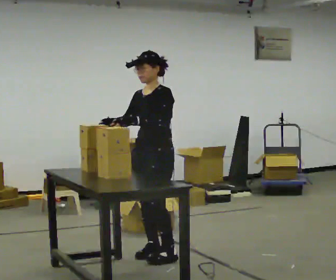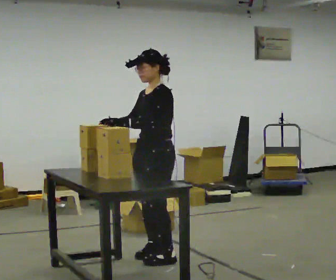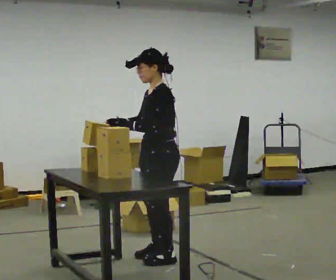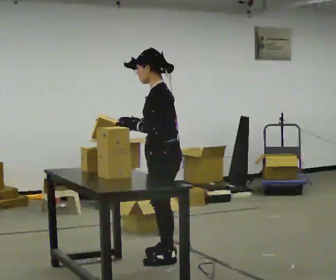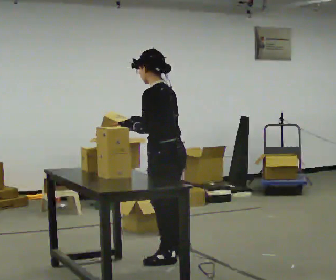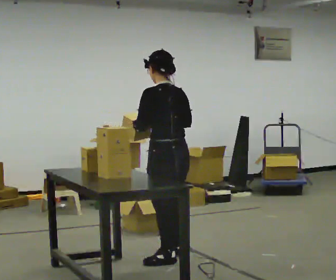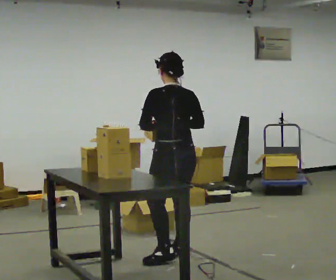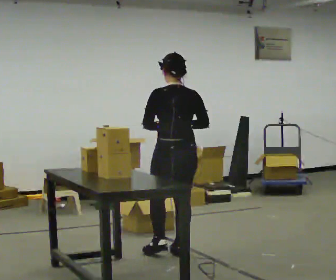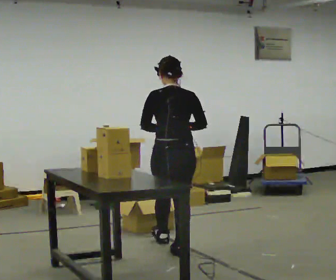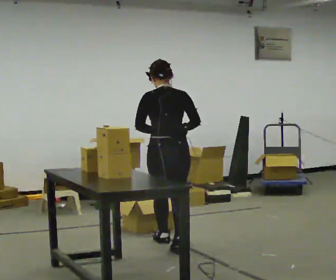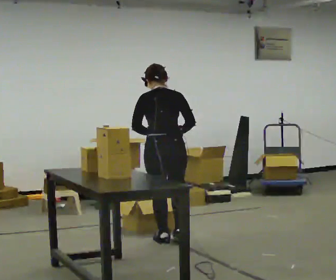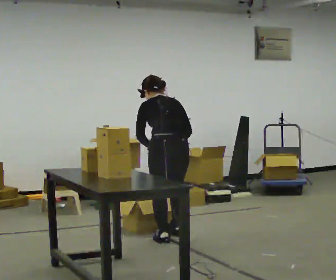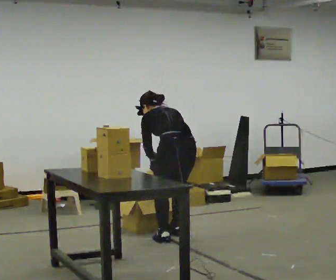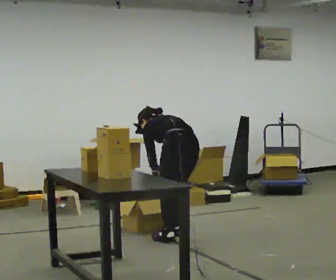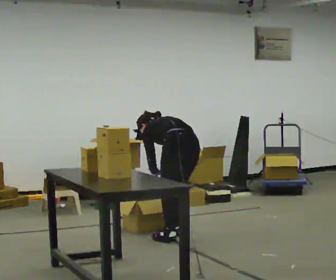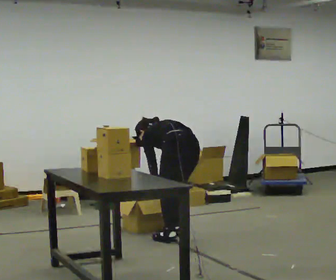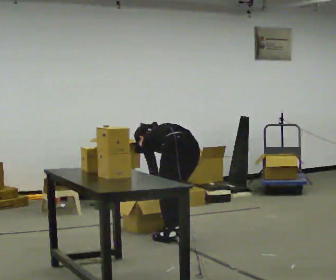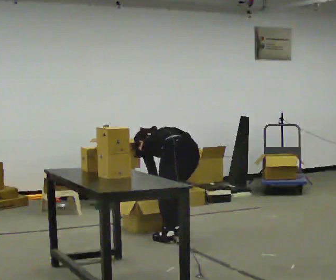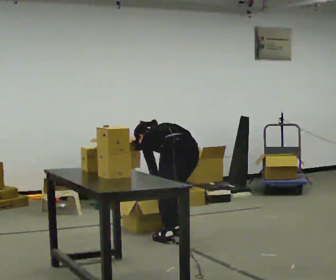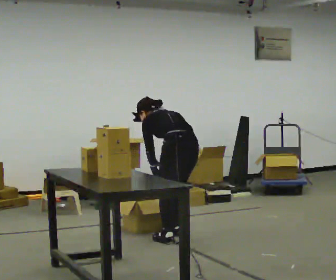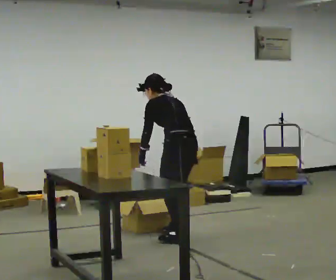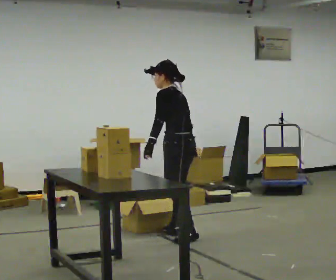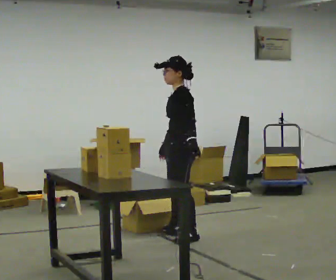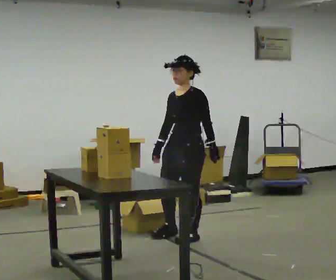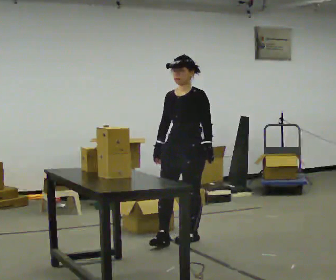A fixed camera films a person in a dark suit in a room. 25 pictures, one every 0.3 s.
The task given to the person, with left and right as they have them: Bring the boxes over one at a time and stack them on top of each other, walking back for each one. Keep going until the operator says stop; one object at a time, and do not rush between trips.
0.0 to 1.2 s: Seen from above the body turns clockwise, about 75 degrees: to their right, with its near side sliding to the left. In the picture they go toward the camera, about 0.25 m in 1 step.
1.2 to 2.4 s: The person turns about 60 degrees to their right, clockwise seen from above, so the part of the body nearest the lens slides to the left. In the picture they go away from the camera, about 0.25 m.
2.4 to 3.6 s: Seen from above the body turns counterclockwise, about 30 degrees: to their left, with its near side sliding to the right. In the picture they go away from the camera, about 0.5 m in 2 steps, which for them is forward. The shoulders move downward. The upper body tips away from the camera, its near side rolling upward, as they bend forward. In the picture their right hand goes downward.
3.6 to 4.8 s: The shoulders move downward. In the picture the upper body tilts counterclockwise, shoulders to the left, as they bend forward.
4.8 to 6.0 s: The upper body goes upward. The upper body tips toward the camera, its near side rolling downward, as they lean back or straighten. In the picture their left hand goes upward.
6.0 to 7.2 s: Seen from above the body turns counterclockwise, about 105 degrees: to their left, with its near side sliding to the right. In the picture they go toward the camera, about 0.25 m in 1 step. The upper body tips toward the camera, its near side rolling downward, as they lean back or straighten. In the picture their right hand goes to the left, the arm swinging clockwise.
The film runs forward here.
